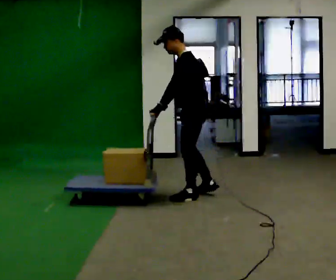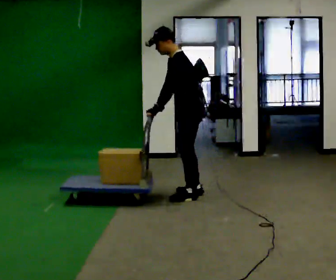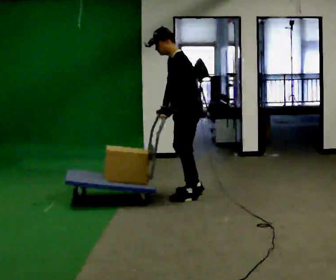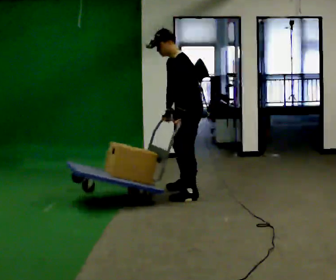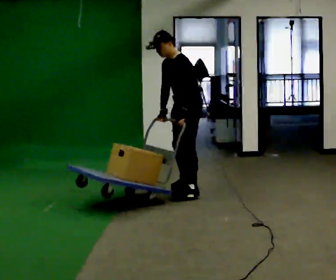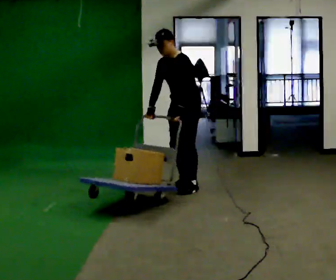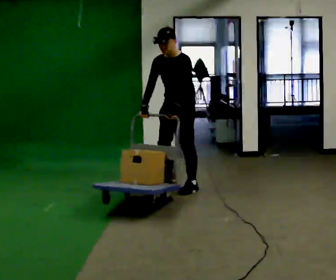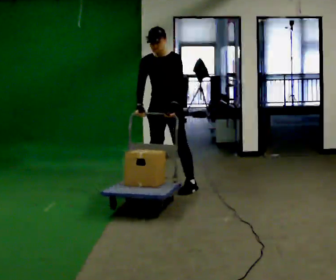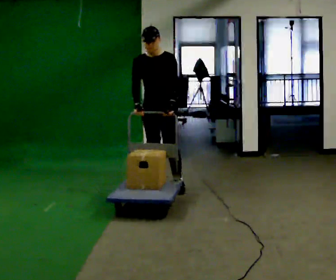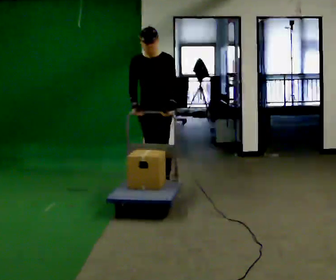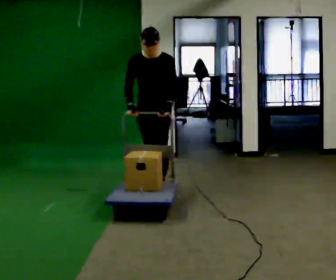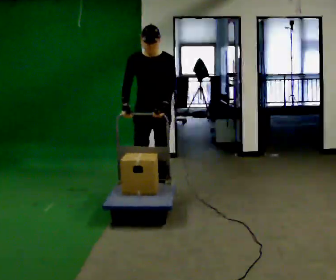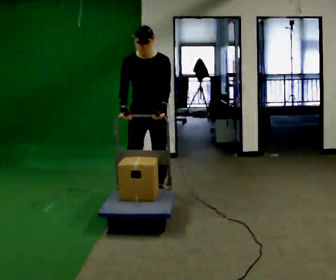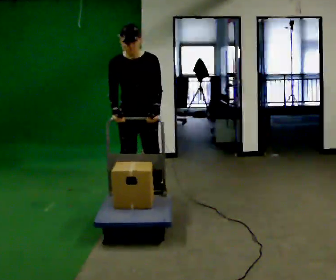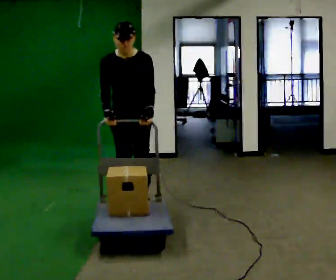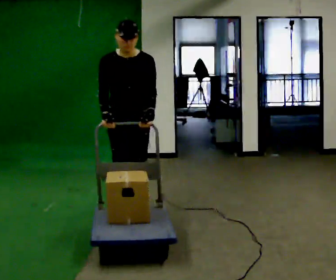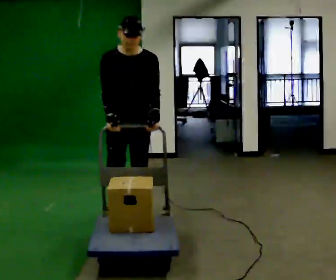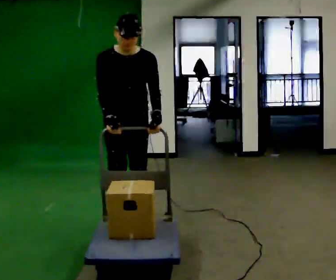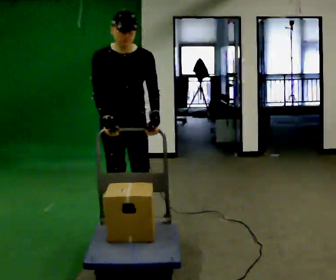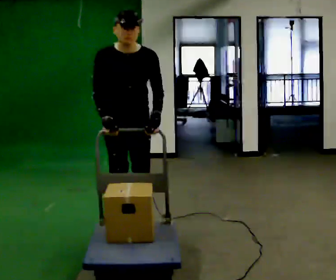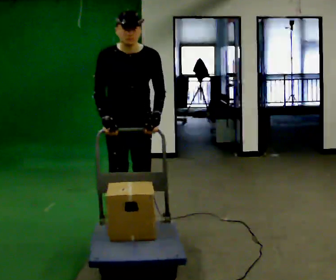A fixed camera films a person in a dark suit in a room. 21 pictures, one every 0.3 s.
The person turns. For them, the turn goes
to their left.
The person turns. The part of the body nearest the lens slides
to the right.
0.0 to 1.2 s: The person turns about 30 degrees to their left, counterclockwise seen from above, so the part of the body nearest the lens slides to the right. In the picture they go away from the camera, about 0.25 m in 2 steps, which for them is to their right.
1.2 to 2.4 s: Seen from above the body turns counterclockwise, about 45 degrees: to their left, with its near side sliding to the right. In the picture they go to the left, about 0.25 m in 2 steps, which for them is to their right.
2.4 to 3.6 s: In the picture they go toward the camera, about 0.5 m in 1 step, which for them is forward.
3.6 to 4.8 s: In the picture they go toward the camera, about 1 m in 2 steps, which for them is forward.
4.8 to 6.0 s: In the picture they go toward the camera, about 0.25 m in 2 steps, which for them is forward.
The film runs forward here.
